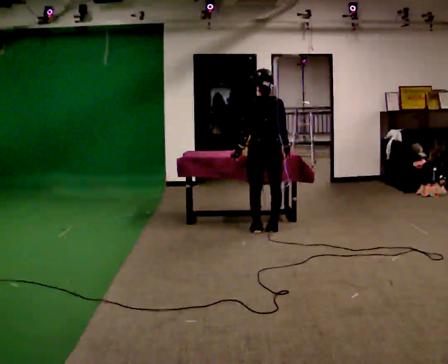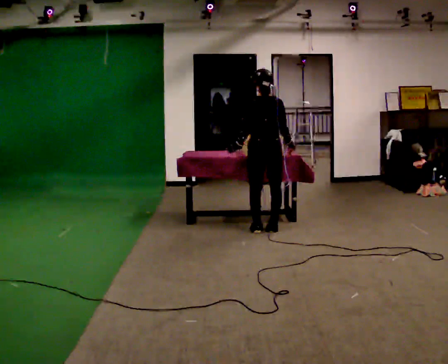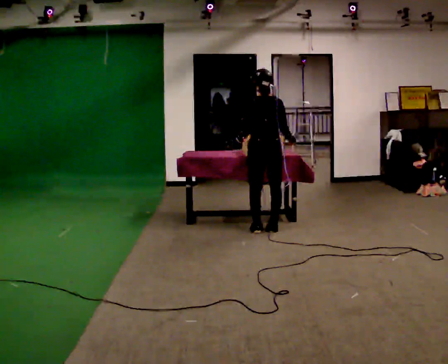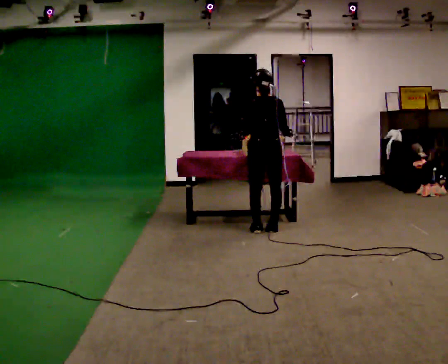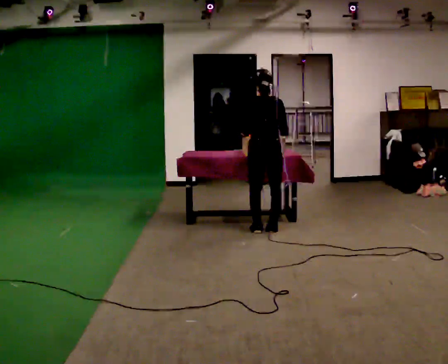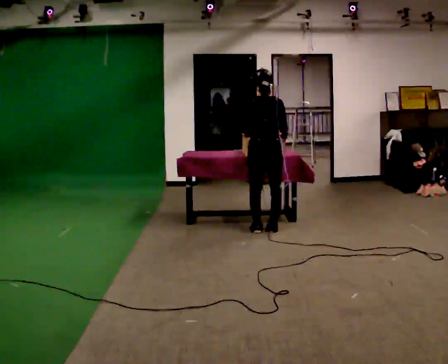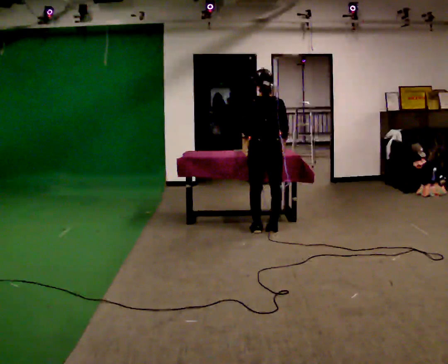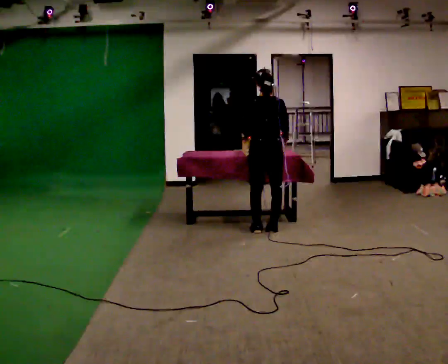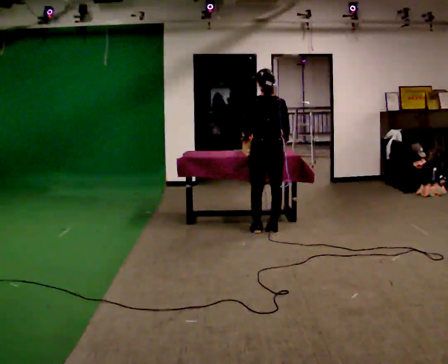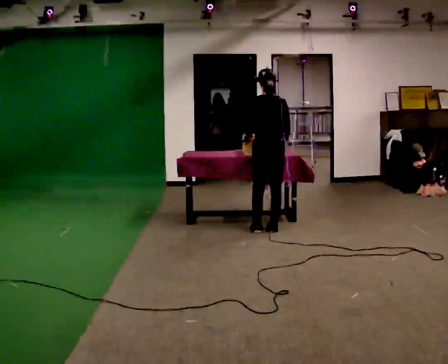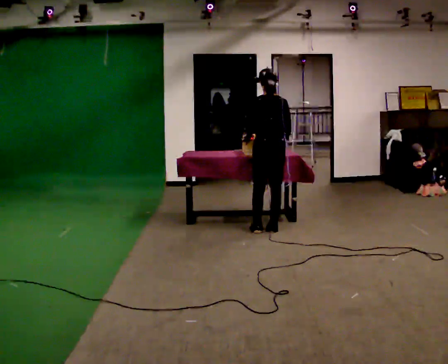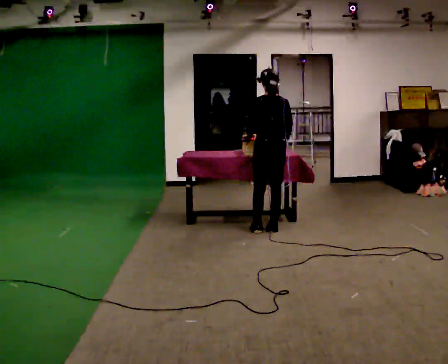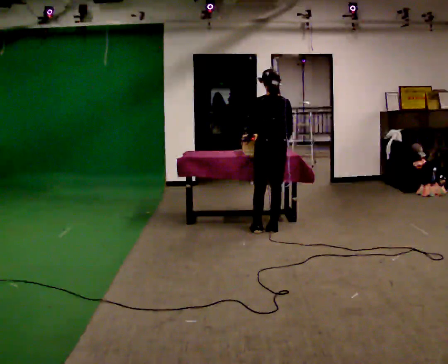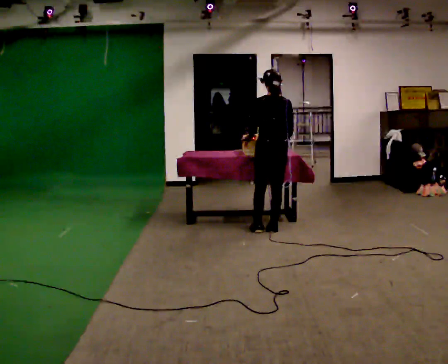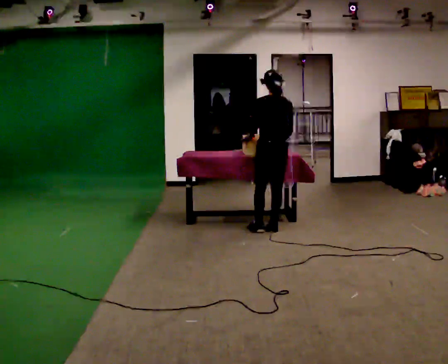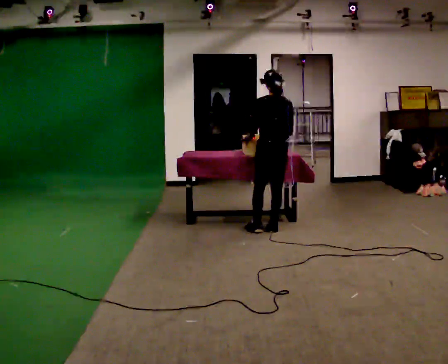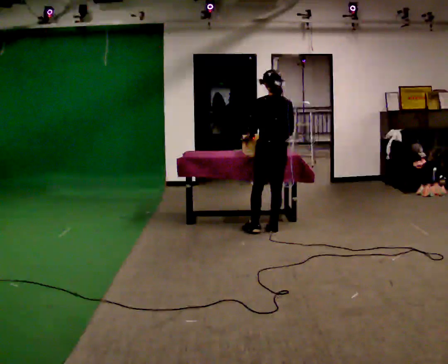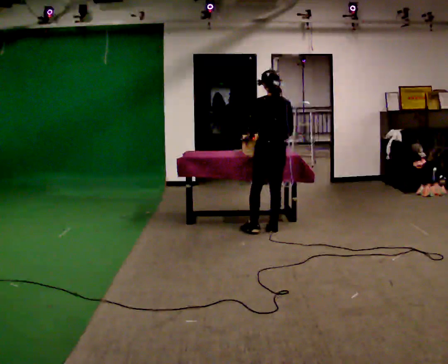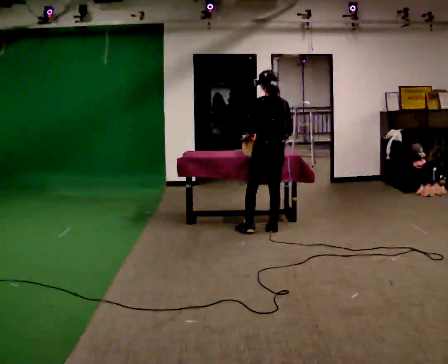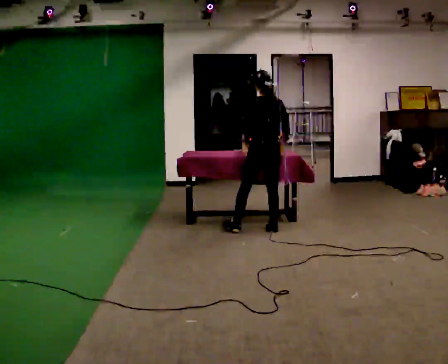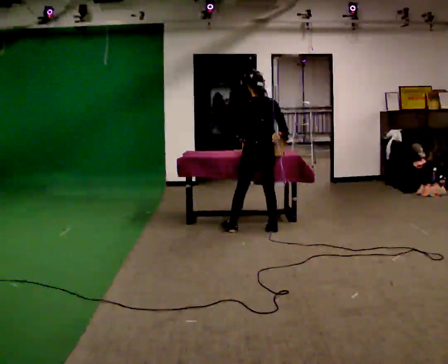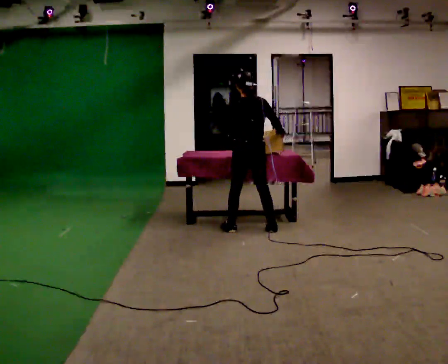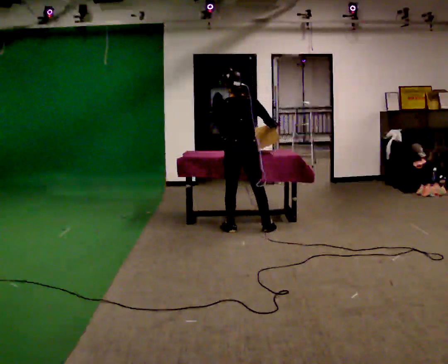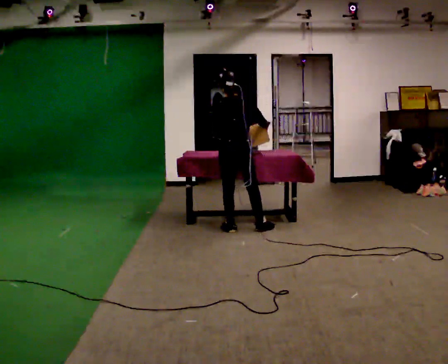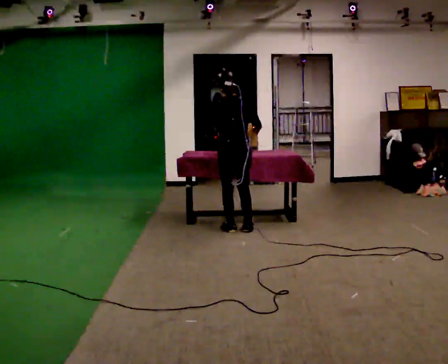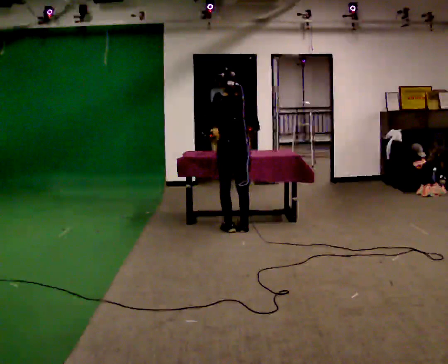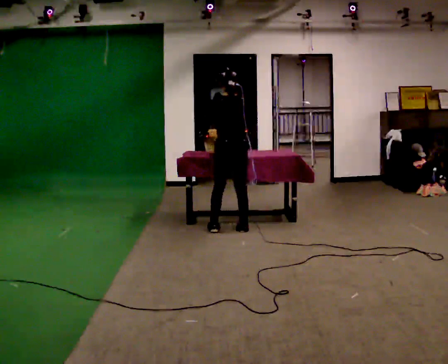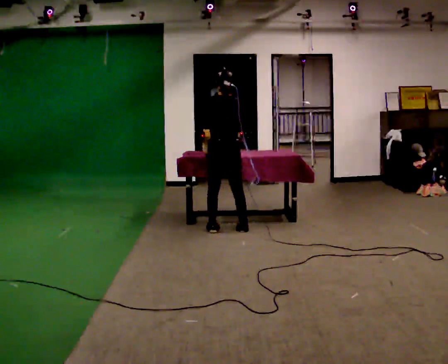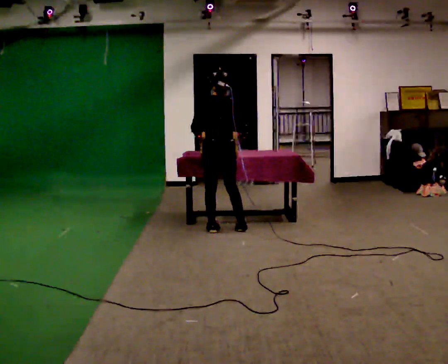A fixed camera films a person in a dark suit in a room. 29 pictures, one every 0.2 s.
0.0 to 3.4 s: The person moves a little, or ends about where they began.
3.4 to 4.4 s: In the picture they go to the left, about 0.25 m in 1 step, which for them is to their left.
4.4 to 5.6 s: In the picture they go to the left, about 0.25 m in 2 steps, which for them is to their left. In the picture their right hand goes to the left.
The film runs forward here.
